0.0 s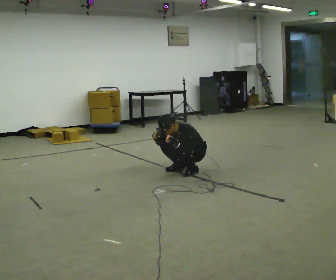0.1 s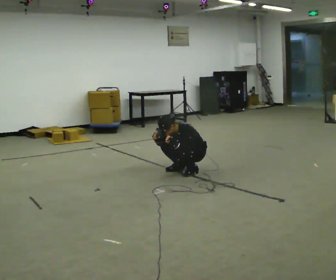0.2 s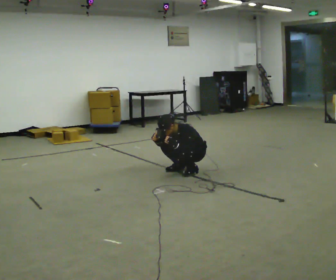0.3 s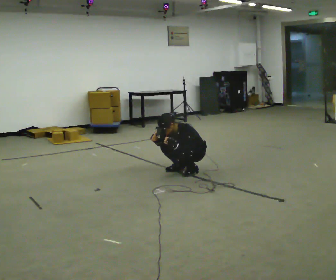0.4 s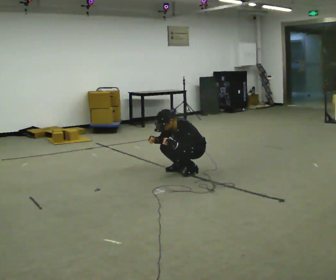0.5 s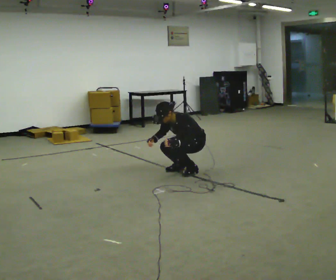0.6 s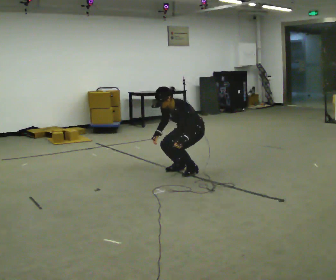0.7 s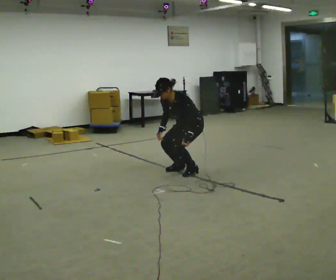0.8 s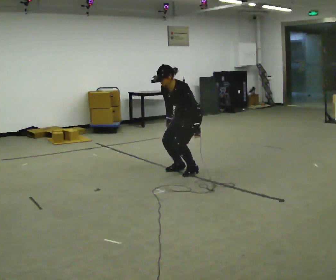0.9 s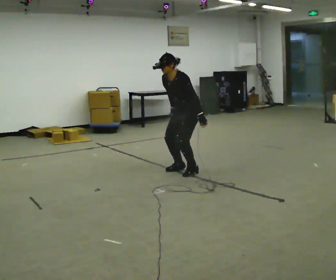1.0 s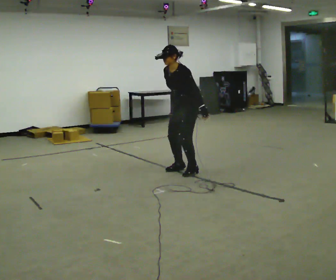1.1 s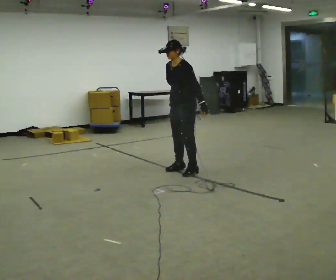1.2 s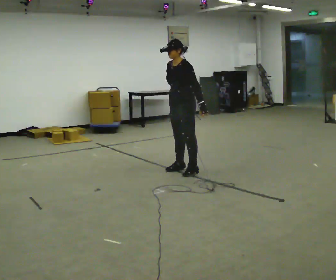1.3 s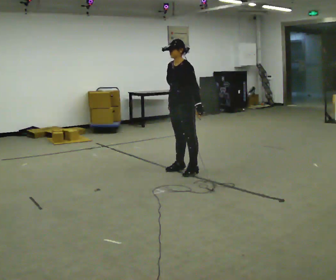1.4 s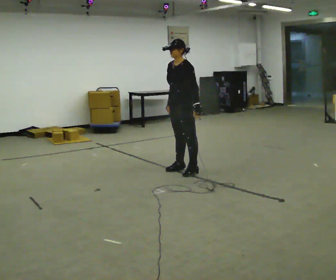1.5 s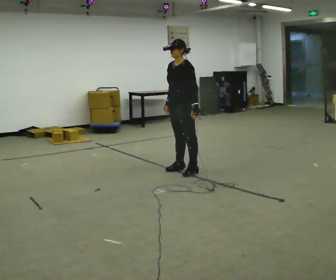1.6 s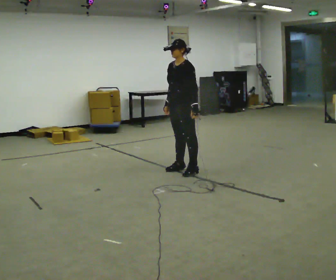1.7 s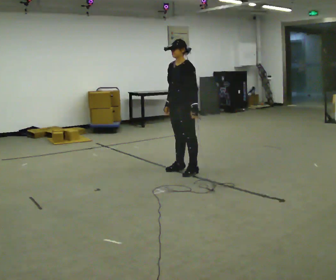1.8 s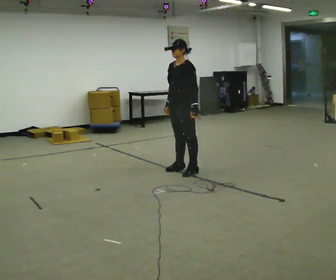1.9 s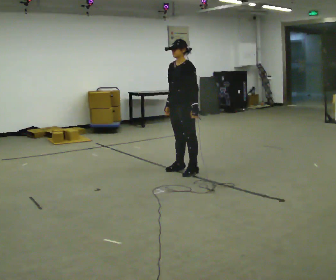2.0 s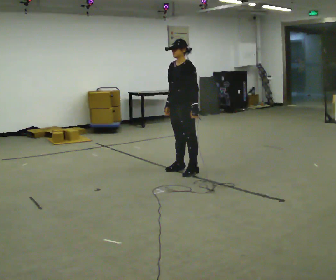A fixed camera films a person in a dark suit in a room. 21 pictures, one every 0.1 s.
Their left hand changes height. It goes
upward.
The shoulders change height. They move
upward.
0.0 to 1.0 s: The shoulders move upward. In the picture the upper body tilts clockwise, shoulders to the right, as they lean back or straighten. In the picture their right hand goes upward.
1.0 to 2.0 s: In the picture the upper body tilts clockwise, shoulders to the right, as they lean back or straighten.
The film runs forward here.
